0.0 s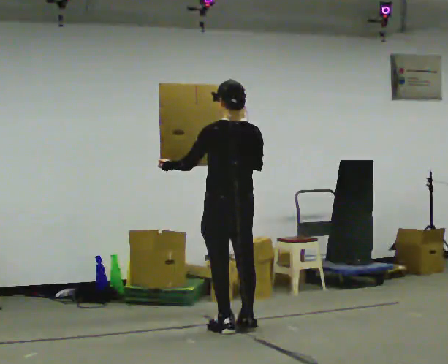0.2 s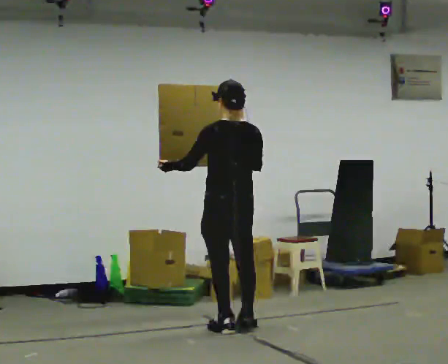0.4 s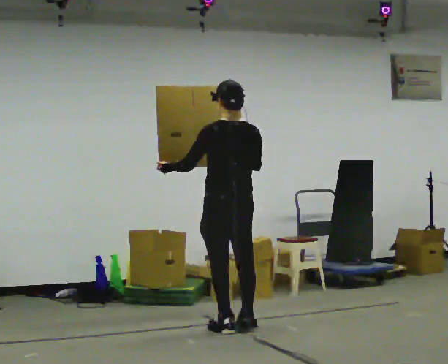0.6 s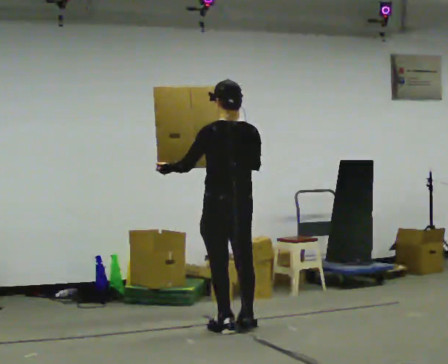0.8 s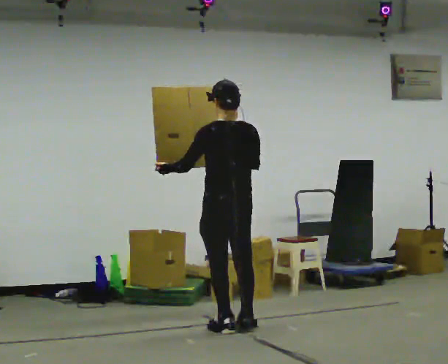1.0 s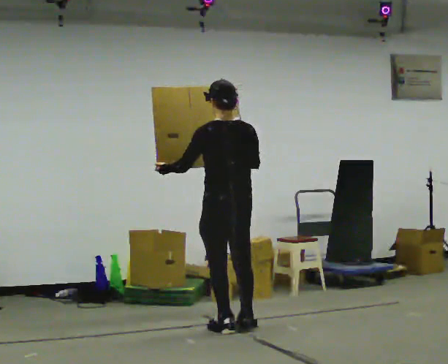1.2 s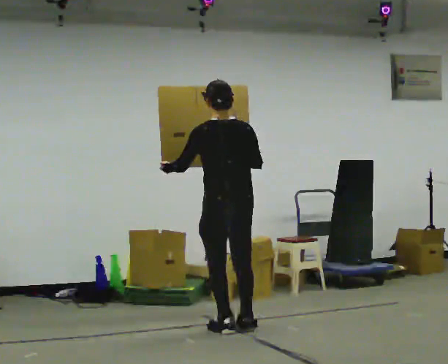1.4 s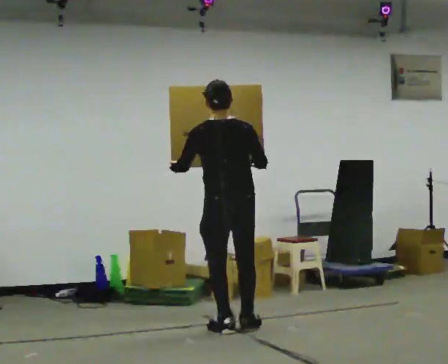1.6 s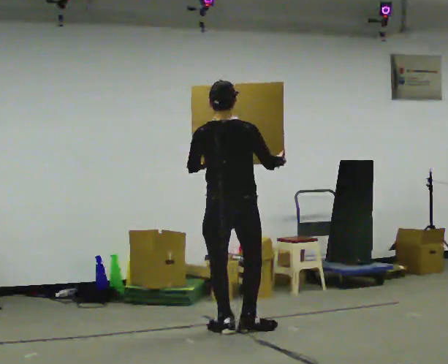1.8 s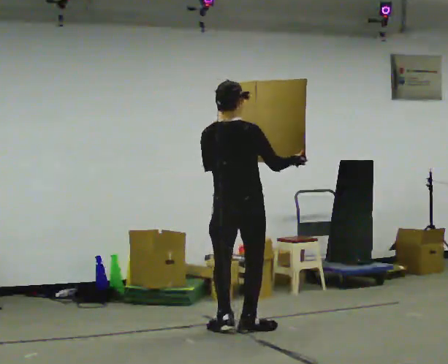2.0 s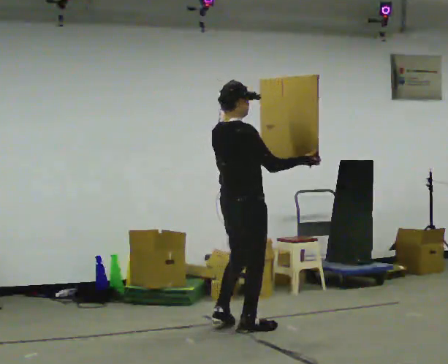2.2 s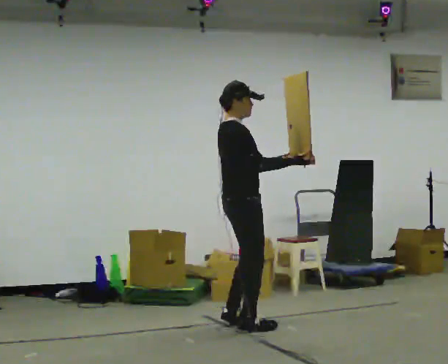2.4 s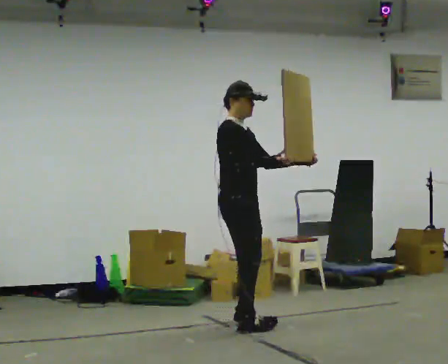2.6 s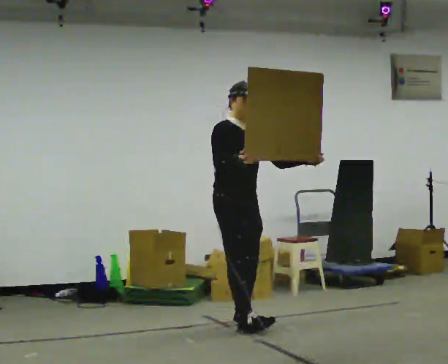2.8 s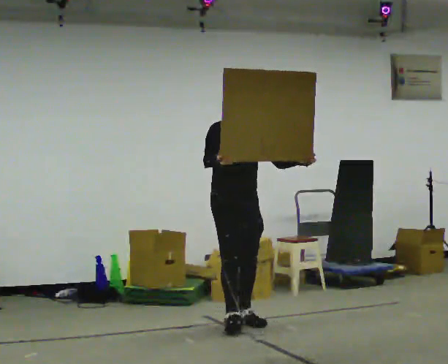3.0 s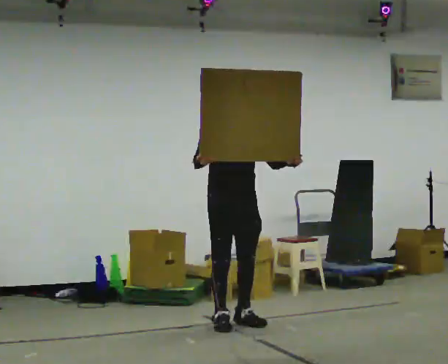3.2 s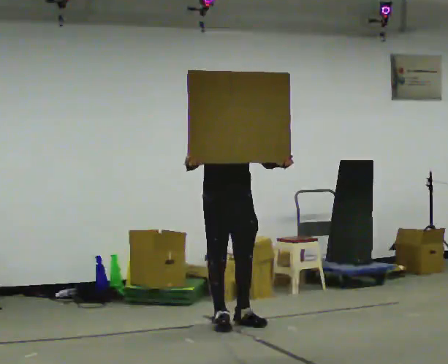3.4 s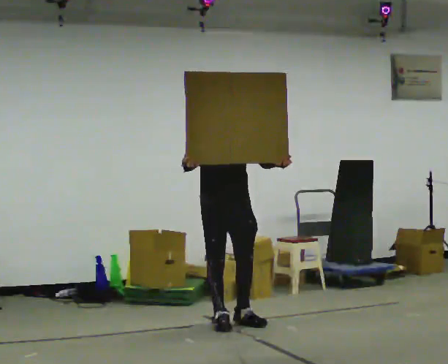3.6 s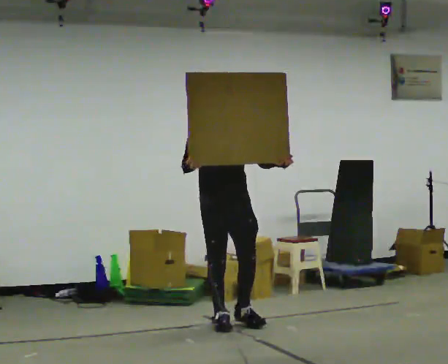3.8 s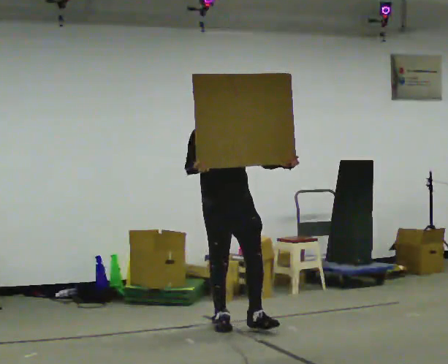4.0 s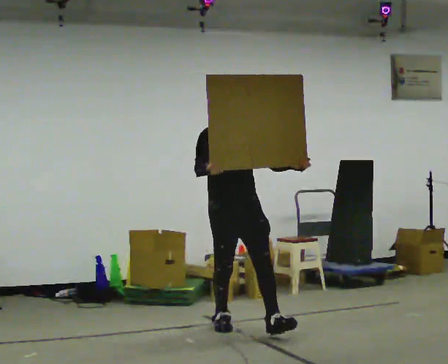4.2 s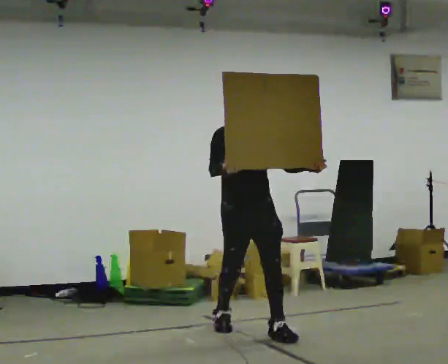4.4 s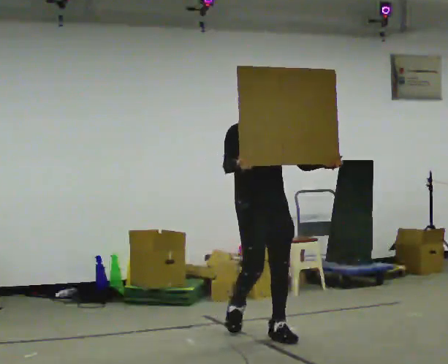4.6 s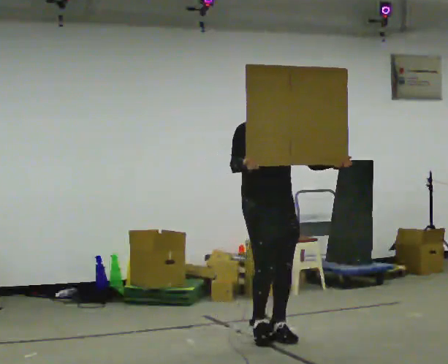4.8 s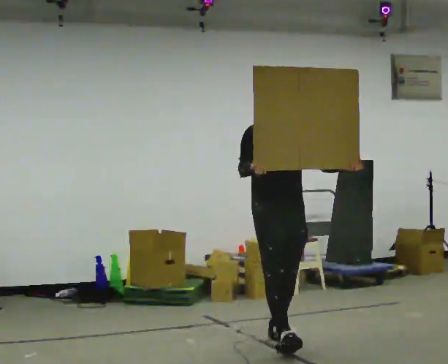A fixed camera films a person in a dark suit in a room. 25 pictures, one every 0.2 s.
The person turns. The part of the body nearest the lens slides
to the left.
The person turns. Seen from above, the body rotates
clockwise.
0.0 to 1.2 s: The person moves a little, or ends about where they began.
1.2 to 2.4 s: The person turns about 135 degrees to their right, clockwise seen from above, so the part of the body nearest the lens slides to the left.
2.4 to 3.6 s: Seen from above the body turns clockwise, about 45 degrees: to their right, with its near side sliding to the left.
3.6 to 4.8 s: In the picture they go toward the camera and to the right, about 0.75 m in 1 step, which for them is forward.
The film runs forward here.
